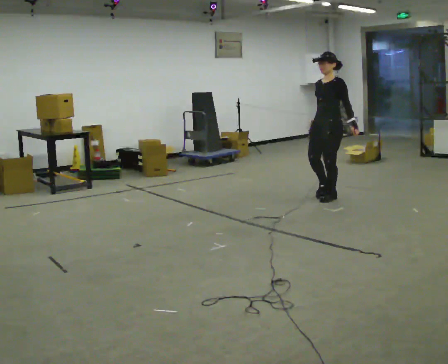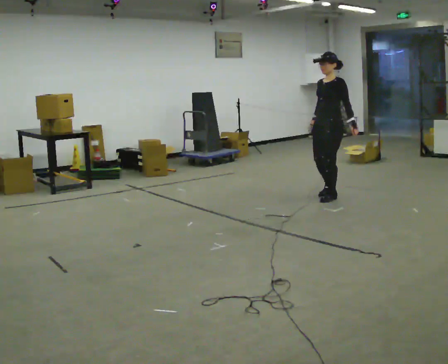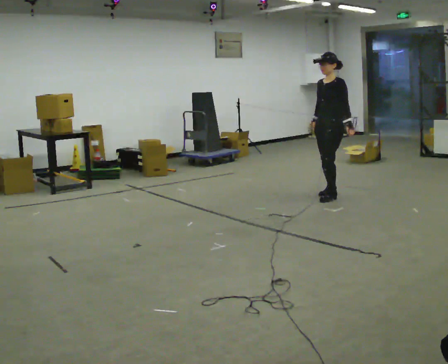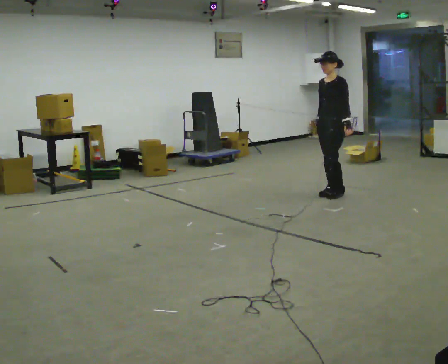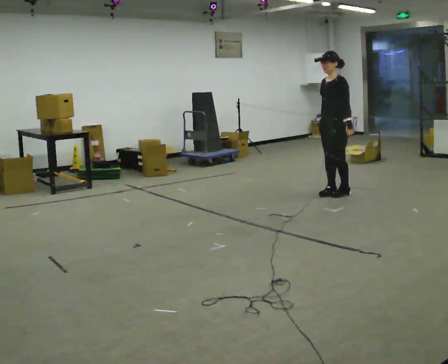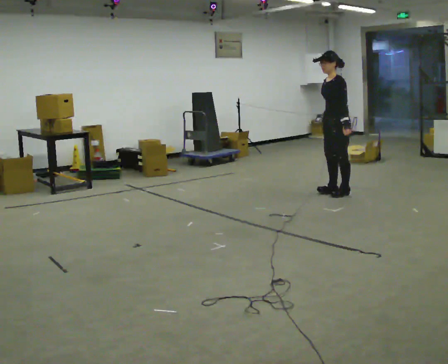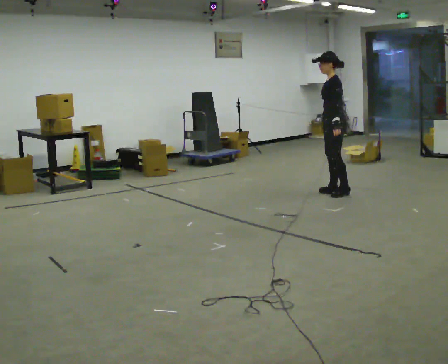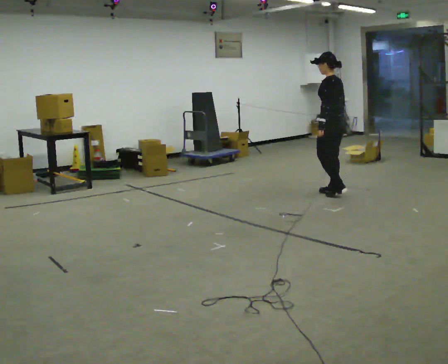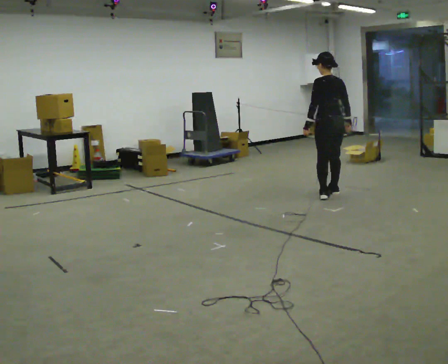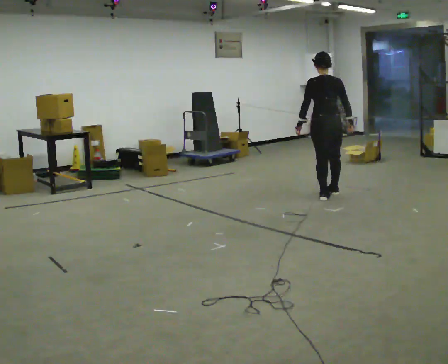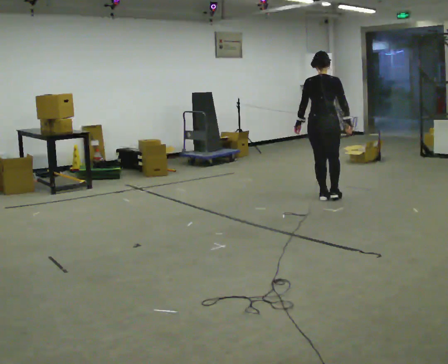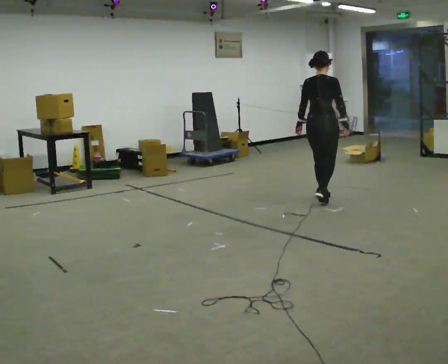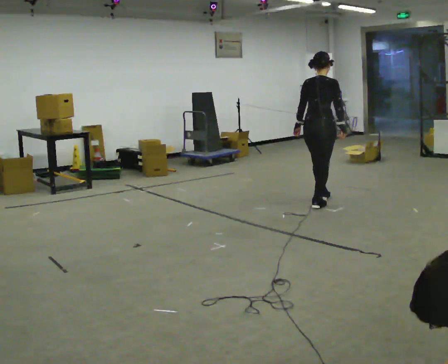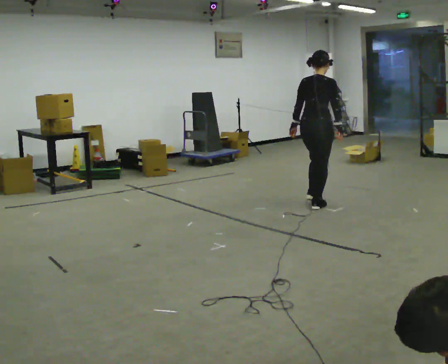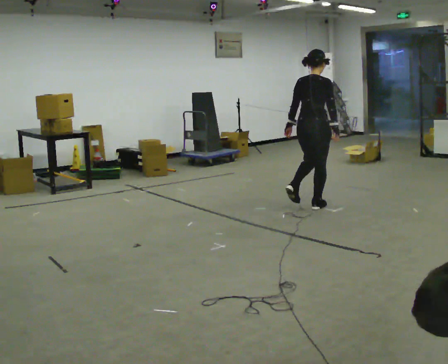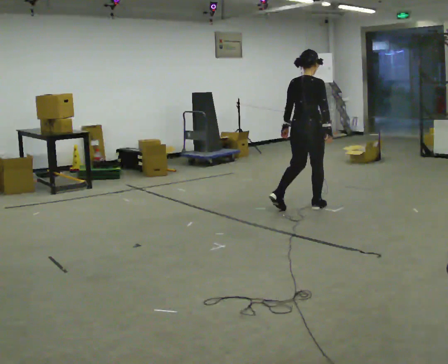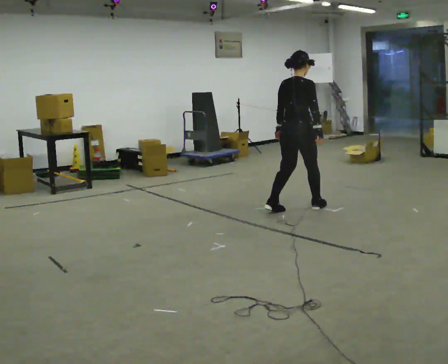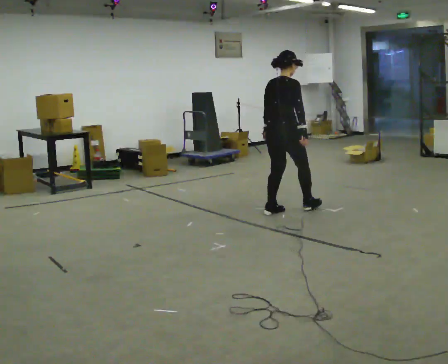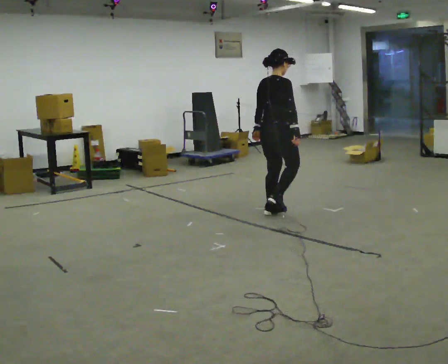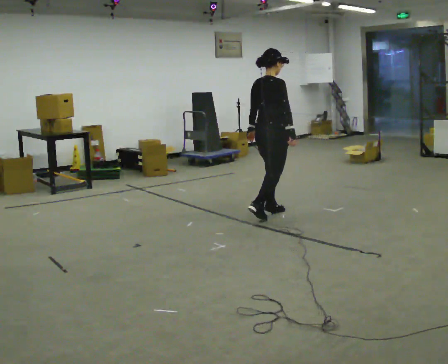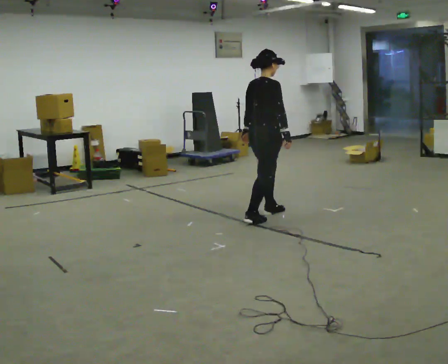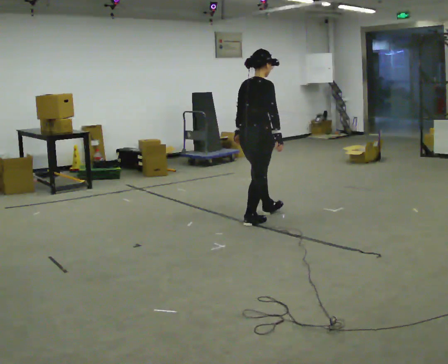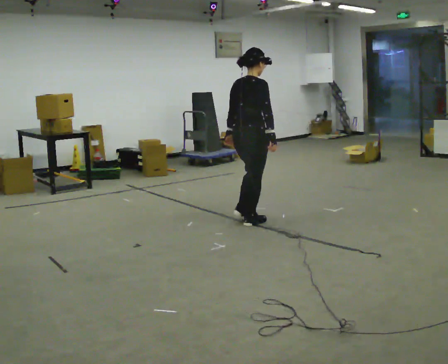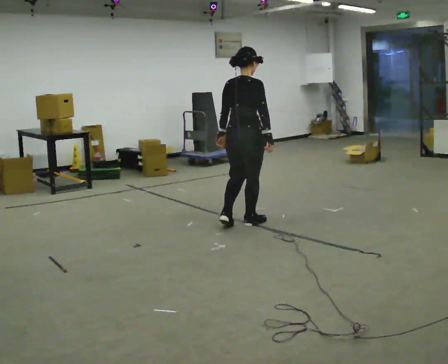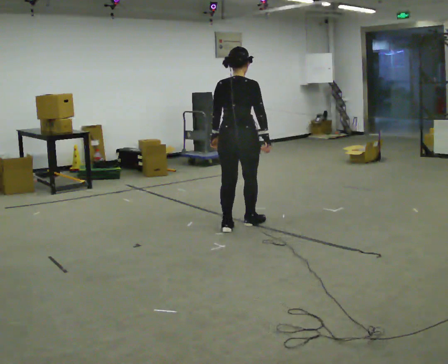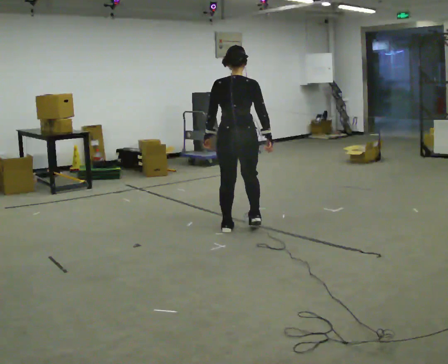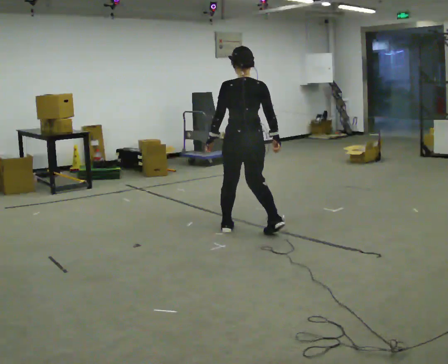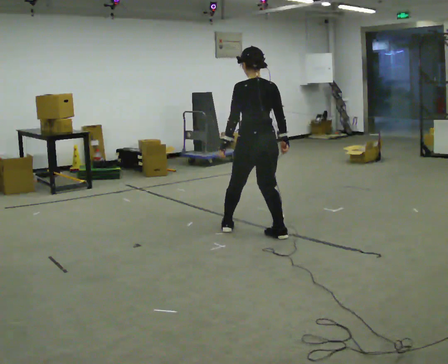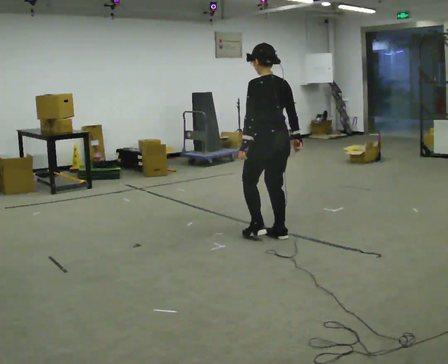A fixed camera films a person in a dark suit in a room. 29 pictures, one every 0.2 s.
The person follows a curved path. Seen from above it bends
counterclockwise.
The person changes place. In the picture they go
toward the camera.
0.0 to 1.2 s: The person turns about 45 degrees to their right, clockwise seen from above, so the part of the body nearest the lens slides to the left. In the picture they go away from the camera, about 0.25 m in 2 steps, which for them is backward.
1.2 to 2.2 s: The person turns about 105 degrees to their right, clockwise seen from above, so the part of the body nearest the lens slides to the left. In the picture they go toward the camera and to the left, about 0.25 m in 1 step.
2.2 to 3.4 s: In the picture they go toward the camera and to the left, about 0.5 m in 2 steps, which for them is backward.
3.4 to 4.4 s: In the picture they go toward the camera and to the left, about 0.5 m in 1 step, which for them is backward.
4.4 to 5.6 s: The part of the body nearest the lens slides to the right as the person turns to their left by about 75 degrees. In the picture they go toward the camera and to the right, about 0.5 m in 2 steps.
The film runs forward here.
